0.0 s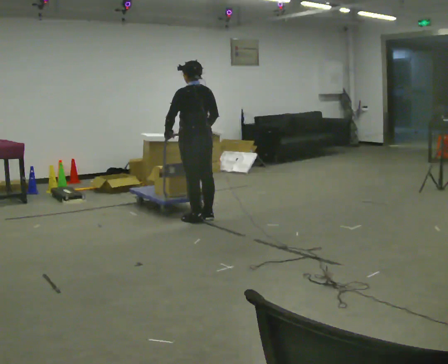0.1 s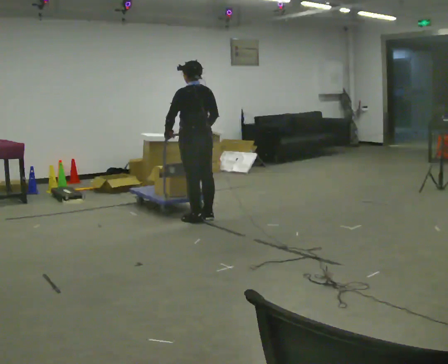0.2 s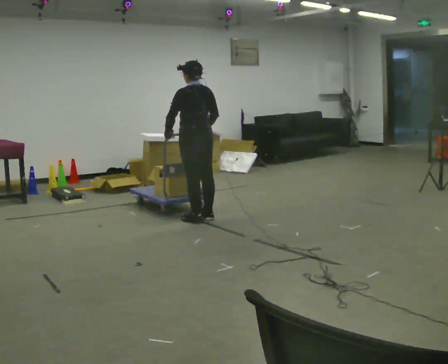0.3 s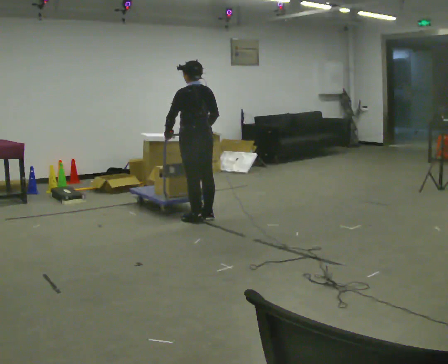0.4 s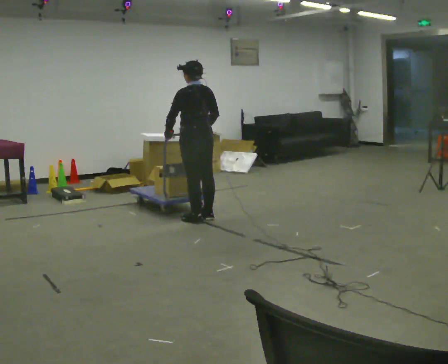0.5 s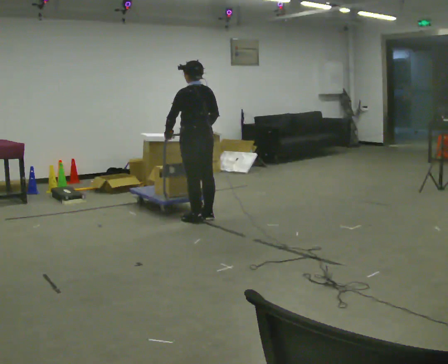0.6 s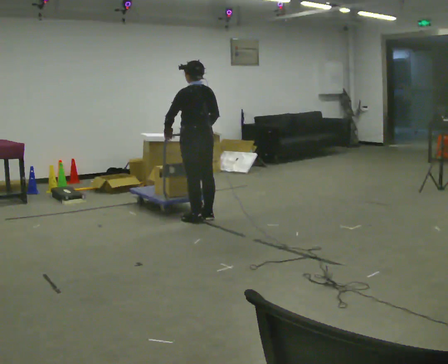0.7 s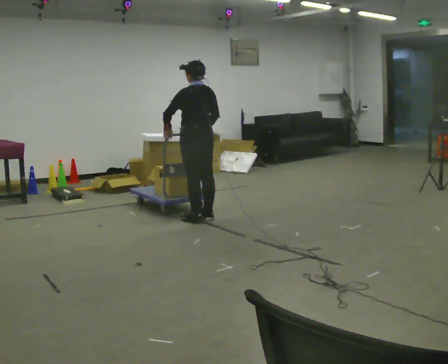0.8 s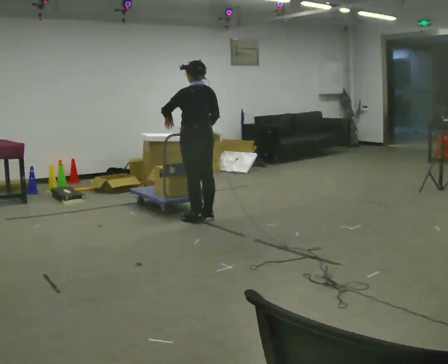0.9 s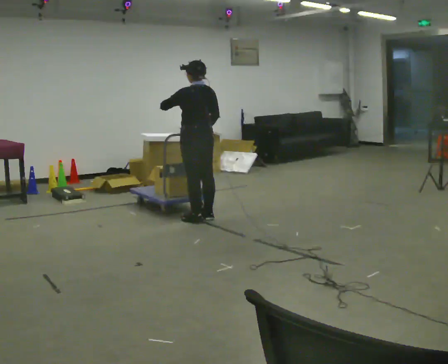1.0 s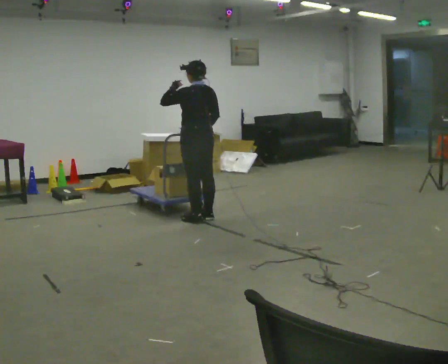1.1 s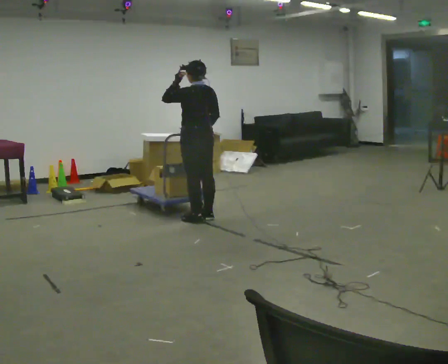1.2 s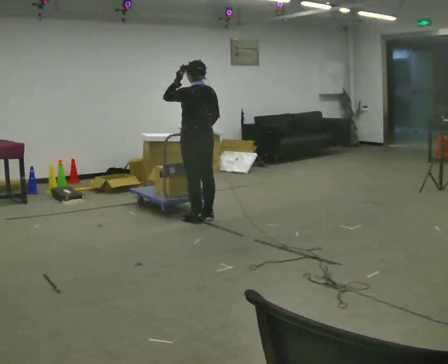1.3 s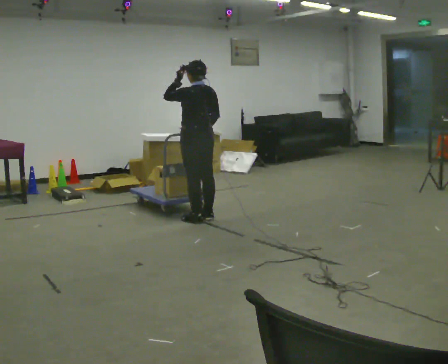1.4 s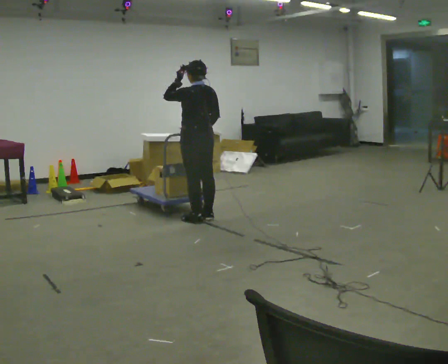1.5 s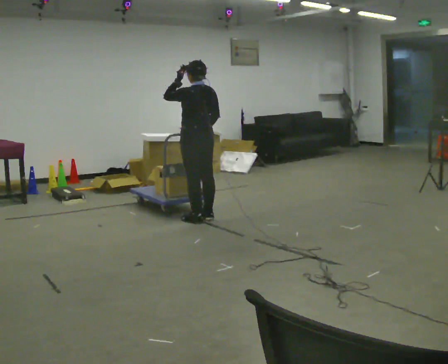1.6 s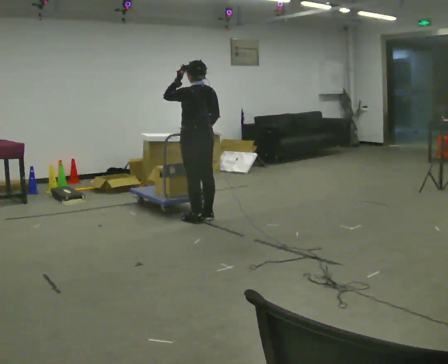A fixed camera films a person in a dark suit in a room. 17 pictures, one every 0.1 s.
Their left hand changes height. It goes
upward.
0.0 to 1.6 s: In the picture their left hand goes upward.
The film runs backward here.
